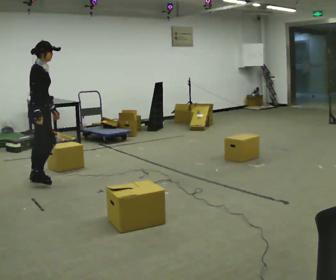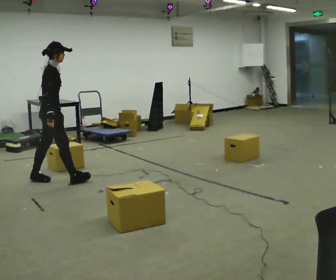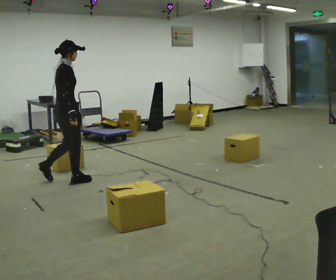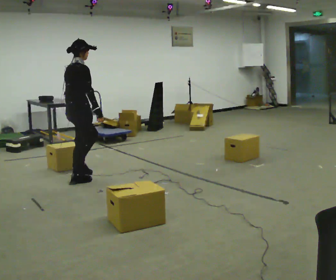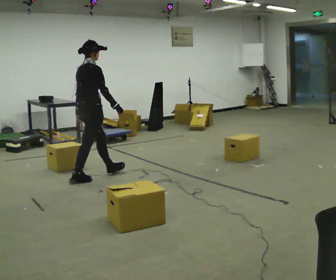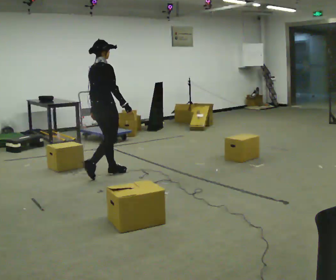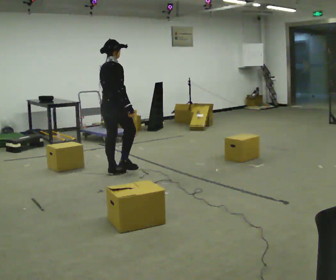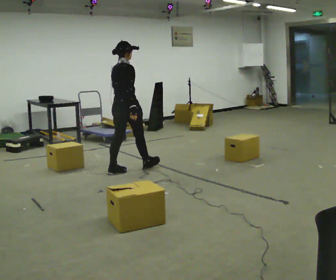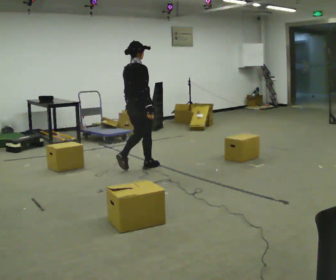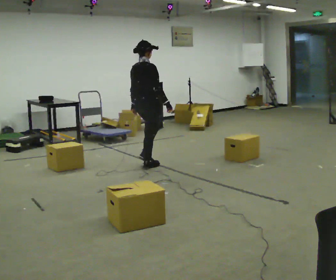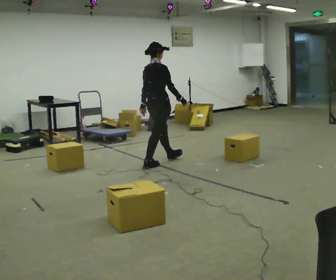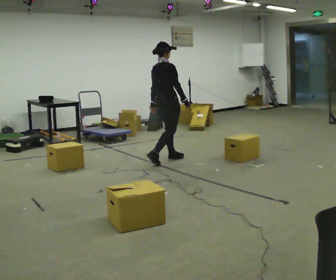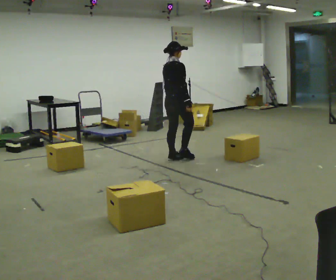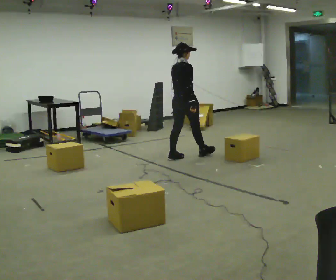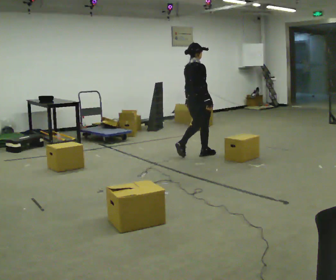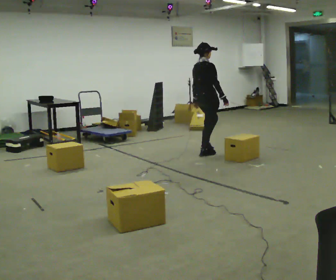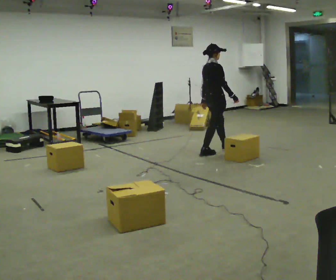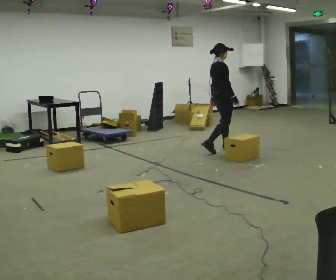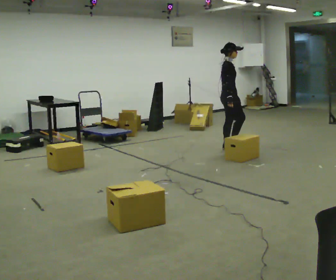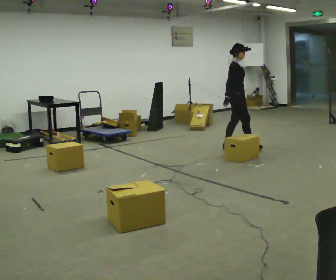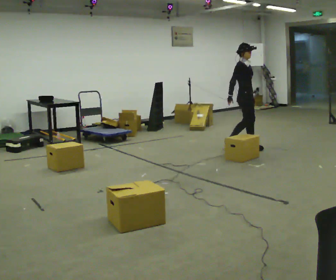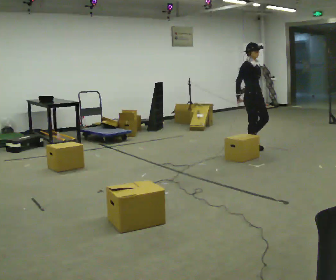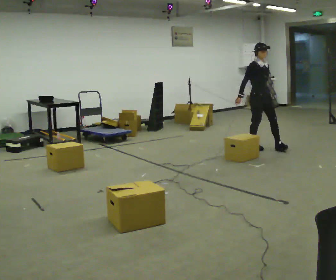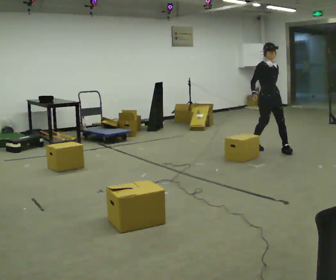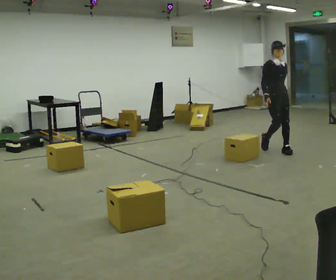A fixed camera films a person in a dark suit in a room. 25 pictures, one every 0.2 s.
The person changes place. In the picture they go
to the right.
0.0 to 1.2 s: Seen from above the body turns counterclockwise, about 30 degrees: to their left, with its near side sliding to the right. In the picture they go to the right and away from the camera, about 1 m in 2 steps, which for them is forward.
1.2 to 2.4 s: In the picture they go to the right and away from the camera, about 1 m in 2 steps, which for them is forward.
2.4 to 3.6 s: The person turns about 45 degrees to their right, clockwise seen from above, so the part of the body nearest the lens slides to the left. In the picture they go to the right and away from the camera, about 1 m in 2 steps, which for them is forward.
3.6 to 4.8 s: The person turns about 60 degrees to their right, clockwise seen from above, so the part of the body nearest the lens slides to the left. In the picture they go to the right and toward the camera, about 0.5 m in 2 steps.
The film runs forward here.
